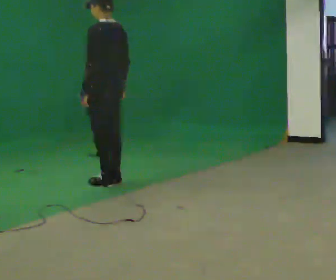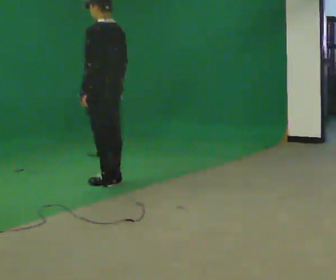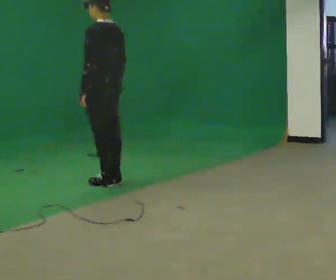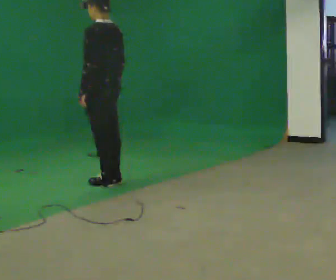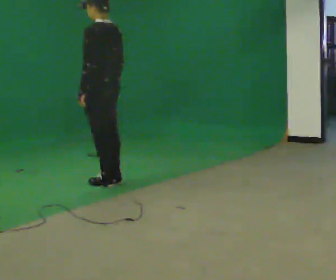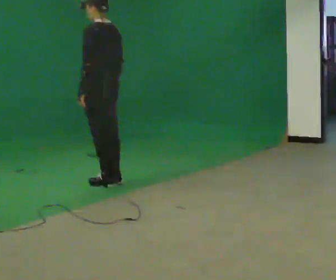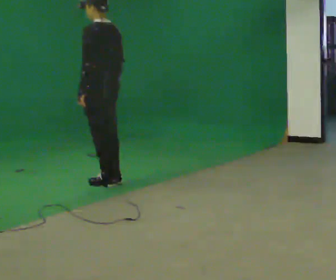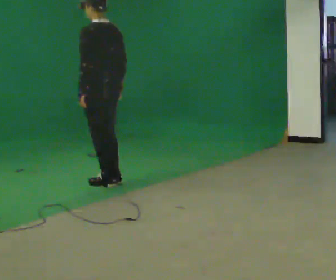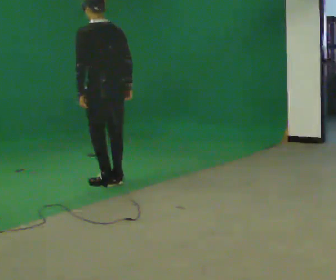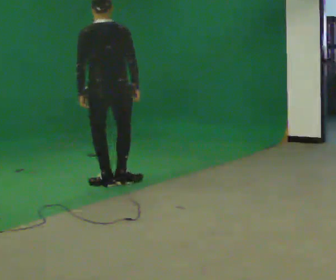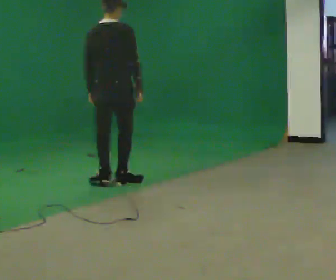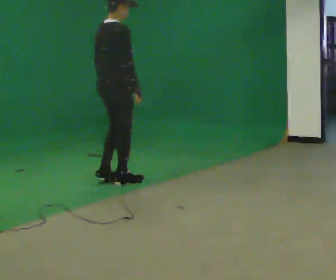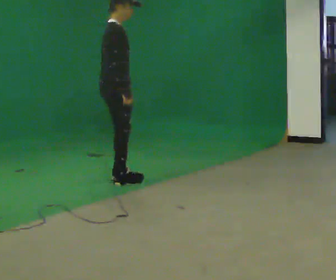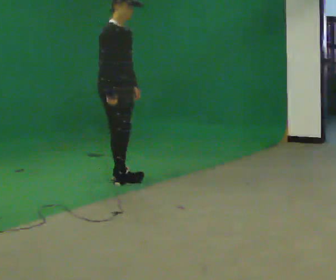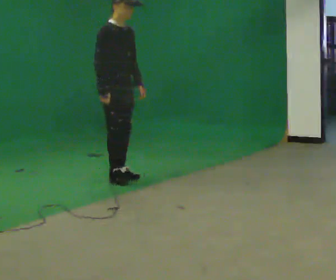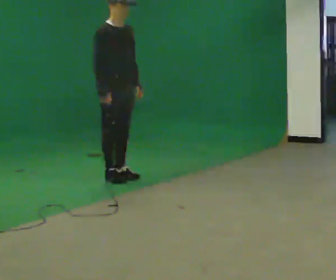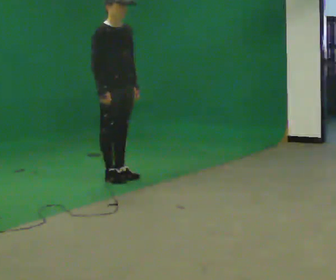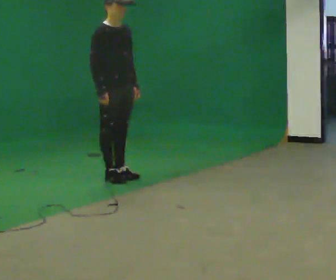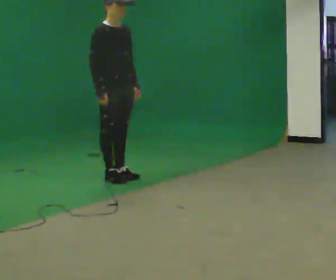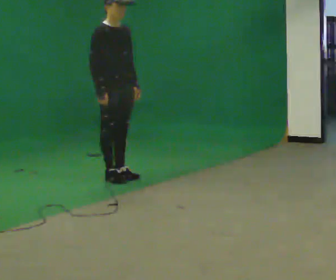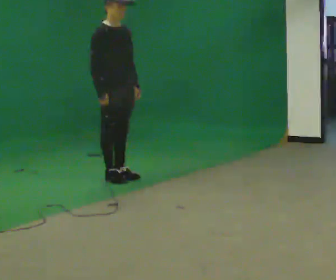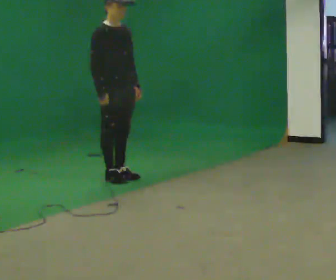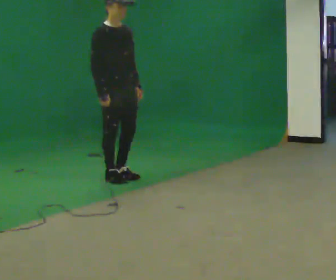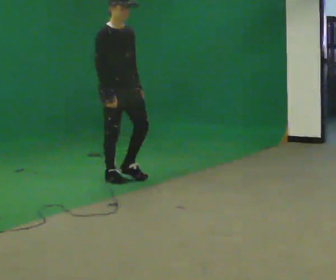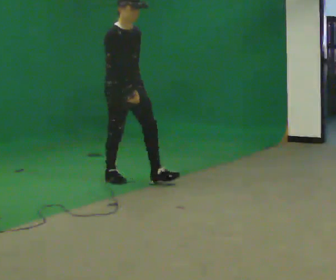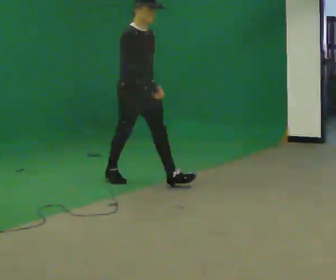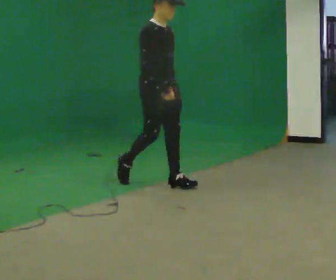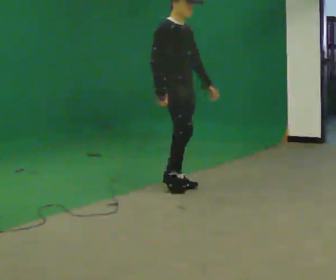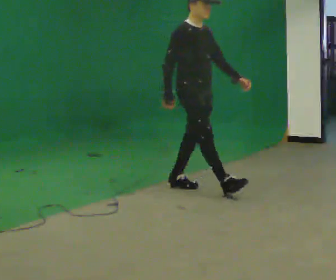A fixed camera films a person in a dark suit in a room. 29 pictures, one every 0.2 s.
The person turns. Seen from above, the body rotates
clockwise.
The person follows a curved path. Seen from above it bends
clockwise.
0.0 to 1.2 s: The person moves a little, or ends about where they began.
1.2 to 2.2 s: The person turns about 105 degrees to their right, clockwise seen from above, so the part of the body nearest the lens slides to the left.
2.2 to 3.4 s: The part of the body nearest the lens slides to the left as the person turns to their right by about 75 degrees. In the picture they go away from the camera, about 0.25 m in 2 steps. In the picture their right hand goes to the left.
3.4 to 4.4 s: The person moves a little, or ends about where they began.
4.4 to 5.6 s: In the picture they go to the right and toward the camera, about 1 m in 1 step, which for them is forward.
The film runs forward here.
